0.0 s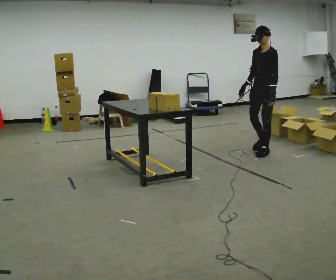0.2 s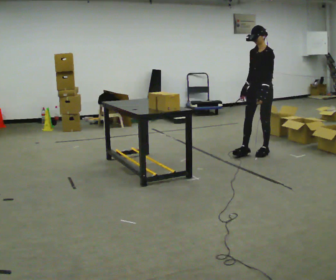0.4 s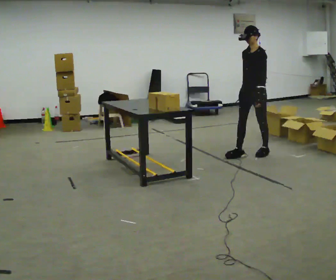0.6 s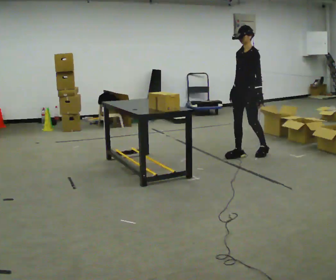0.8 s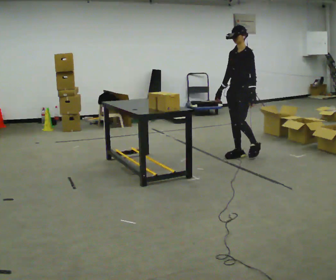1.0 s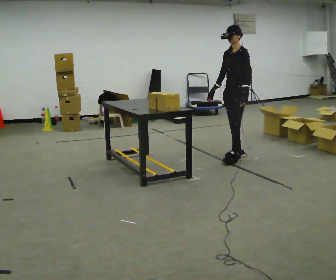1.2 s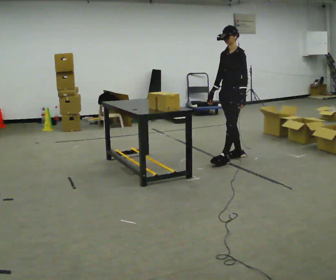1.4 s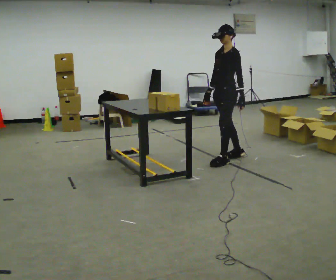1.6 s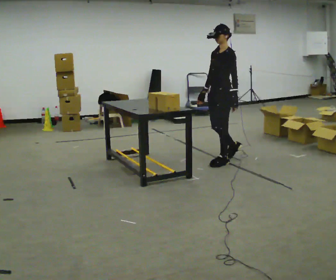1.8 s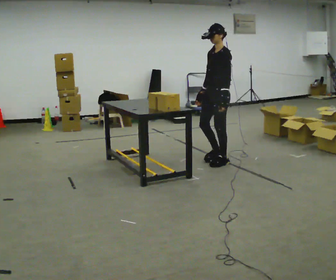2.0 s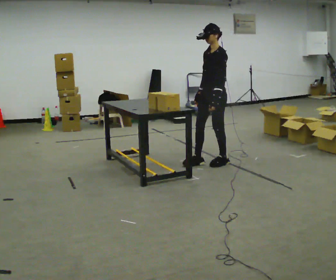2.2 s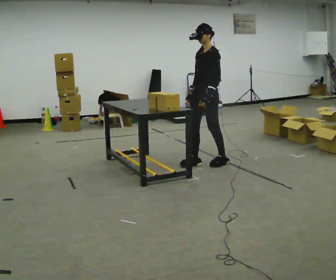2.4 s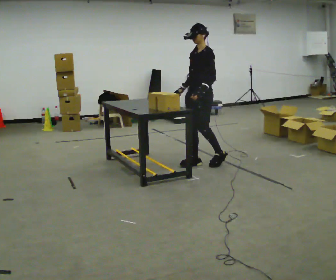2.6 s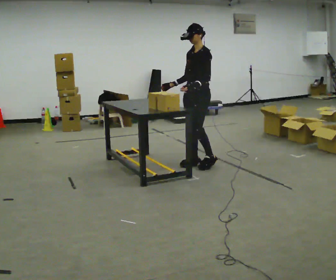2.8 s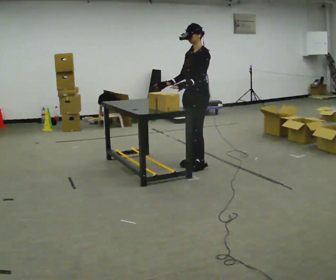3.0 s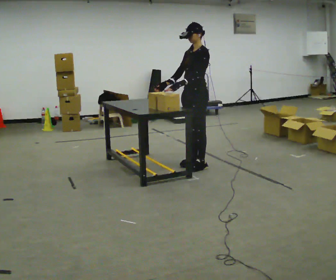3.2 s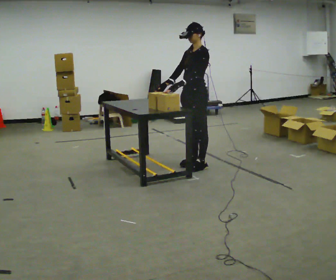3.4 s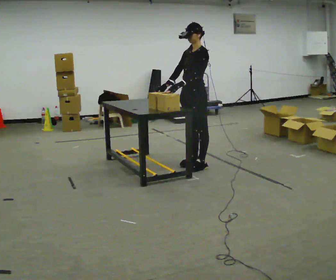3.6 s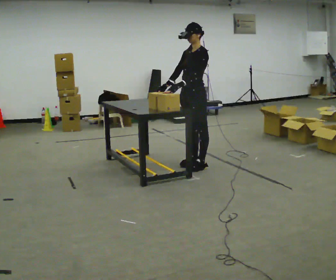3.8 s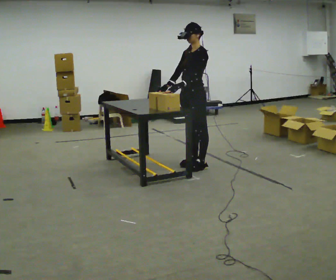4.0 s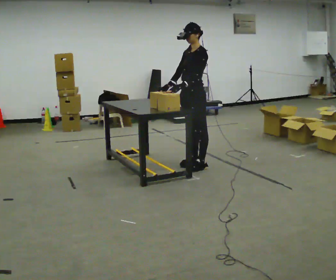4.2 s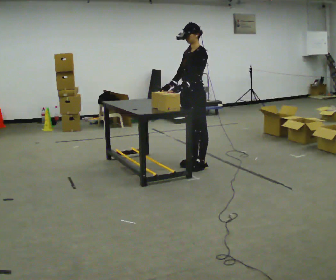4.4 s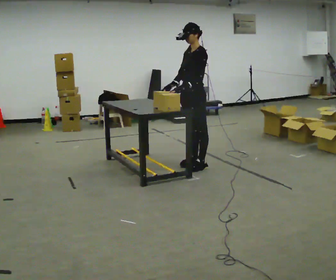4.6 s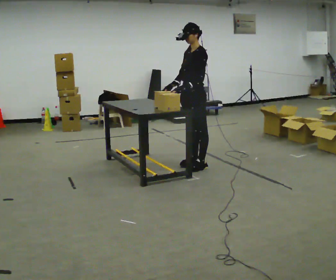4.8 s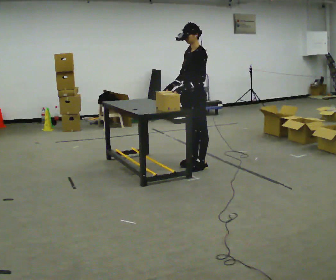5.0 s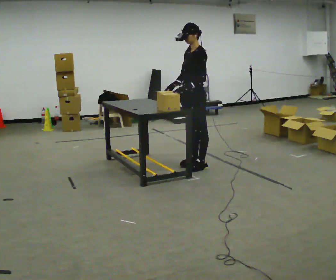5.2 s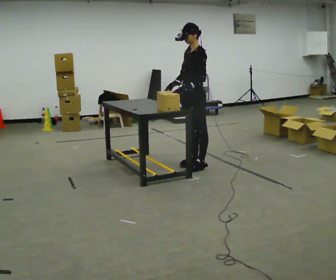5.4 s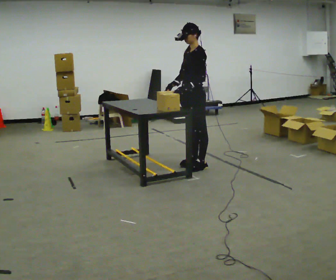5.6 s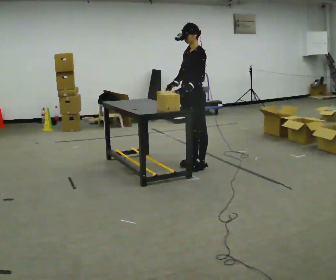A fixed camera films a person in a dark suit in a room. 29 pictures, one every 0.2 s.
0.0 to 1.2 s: In the picture they go to the left and toward the camera, about 0.5 m in 2 steps, which for them is forward.
1.2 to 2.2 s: In the picture they go to the left and toward the camera, about 0.5 m in 1 step, which for them is forward.
2.2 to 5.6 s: The person moves a little, or ends about where they began.
The film runs forward here.
